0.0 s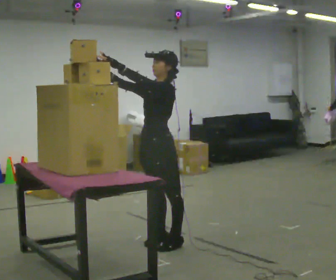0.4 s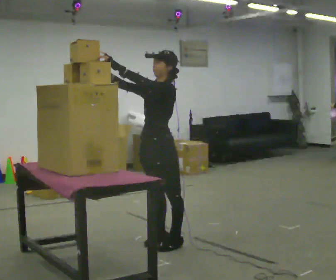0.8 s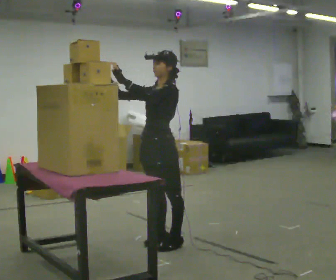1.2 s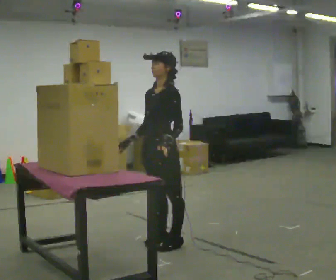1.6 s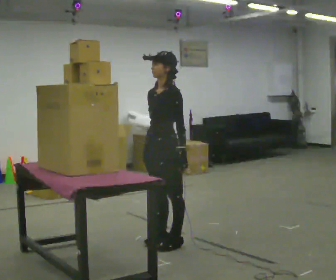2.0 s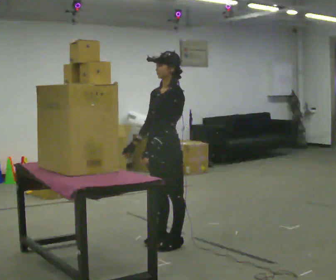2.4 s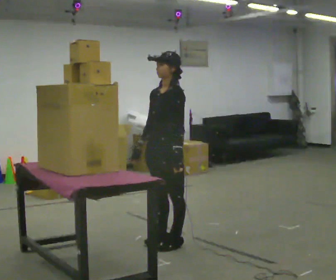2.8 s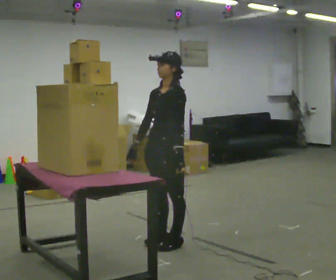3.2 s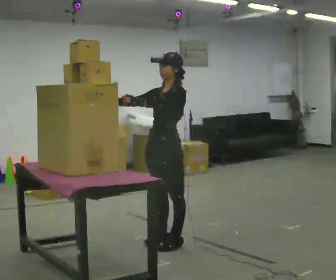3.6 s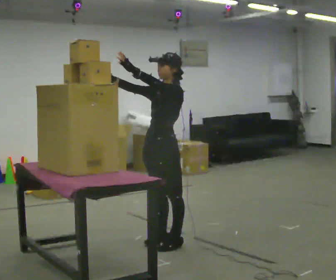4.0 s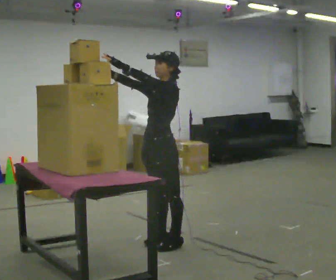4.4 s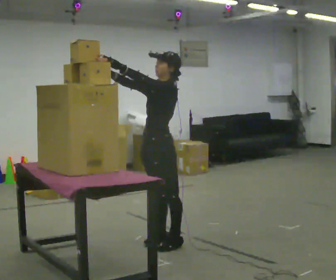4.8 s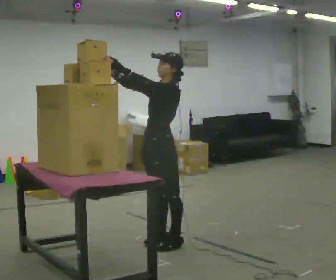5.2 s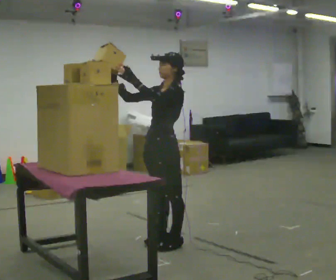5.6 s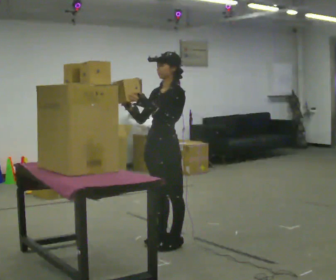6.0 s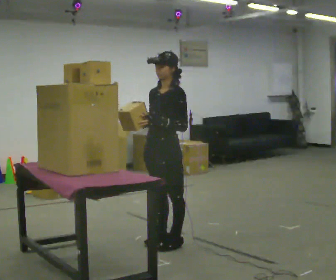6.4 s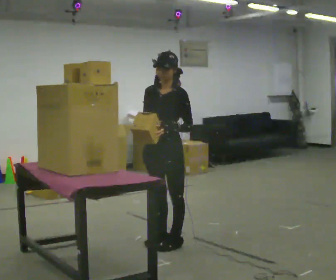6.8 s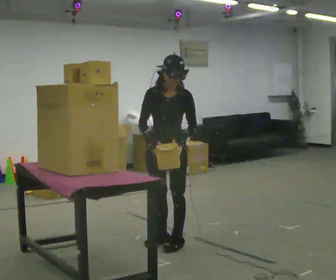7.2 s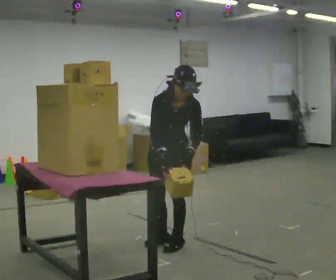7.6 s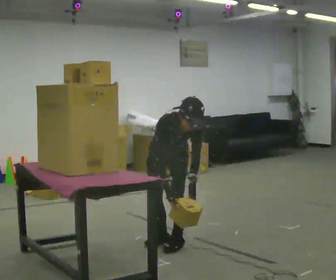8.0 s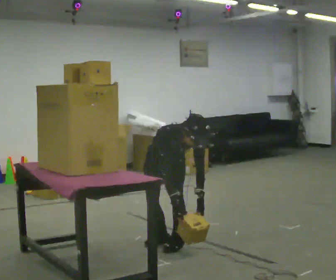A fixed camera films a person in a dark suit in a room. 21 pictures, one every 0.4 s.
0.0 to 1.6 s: In the picture their left hand goes downward and to the right.
1.6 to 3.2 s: In the picture their left hand goes upward and to the left.
3.2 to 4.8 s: The person moves a little, or ends about where they began.
4.8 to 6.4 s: The part of the body nearest the lens slides to the right as the person turns to their left by about 30 degrees. In the picture their left hand goes downward and to the right.
6.4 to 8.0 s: The part of the body nearest the lens slides to the right as the person turns to their left by about 45 degrees. The shoulders move downward. The upper body tips toward the camera, its near side rolling downward, as they bend forward. In the picture their left hand goes downward.
The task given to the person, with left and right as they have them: Pick an object up off the floor at your feet and place it on the highest shelf you can comfortably reach. Repeat at your own pace until the operator says stop. Keep both feet on the marked spots for the whole take. If you have to step, stop and tell the operator.
The film runs forward here.
